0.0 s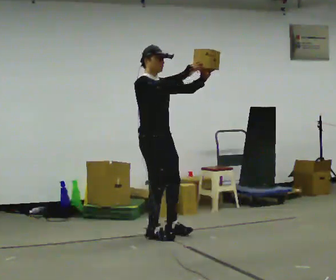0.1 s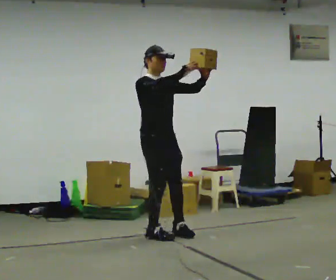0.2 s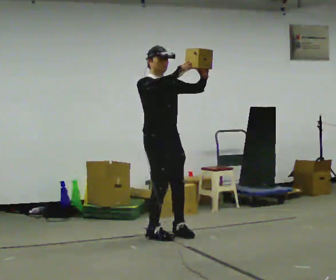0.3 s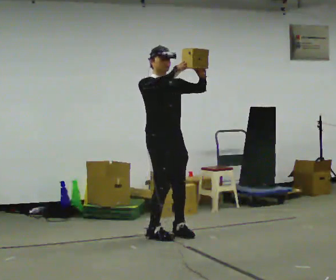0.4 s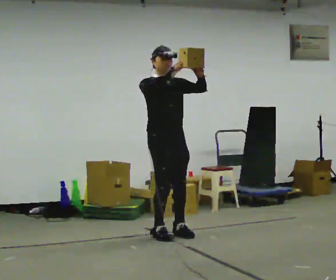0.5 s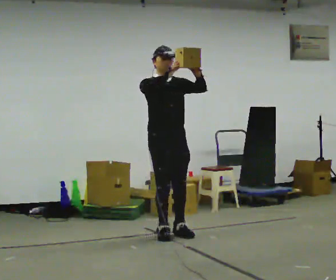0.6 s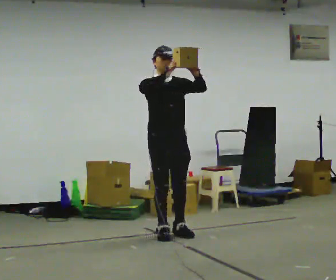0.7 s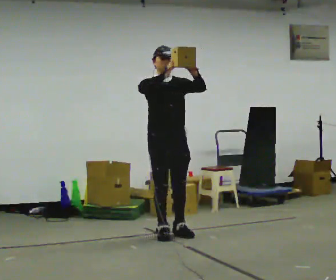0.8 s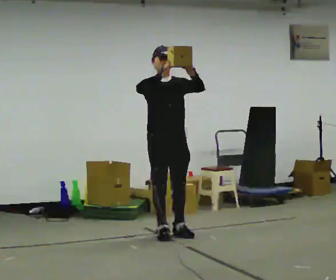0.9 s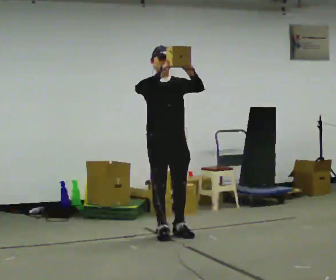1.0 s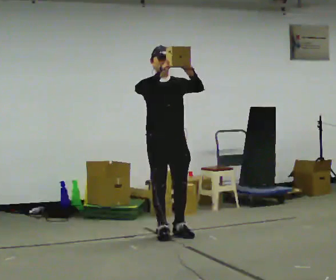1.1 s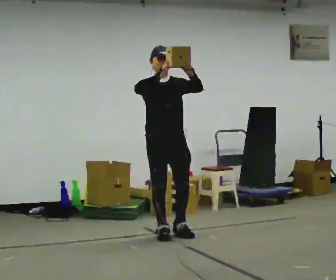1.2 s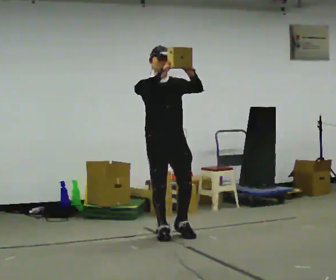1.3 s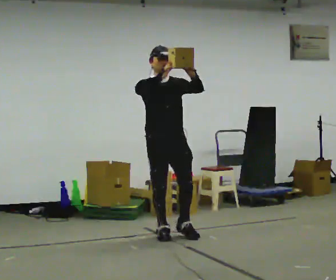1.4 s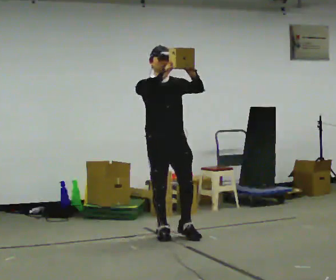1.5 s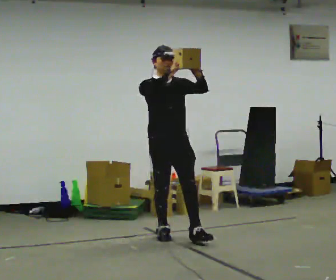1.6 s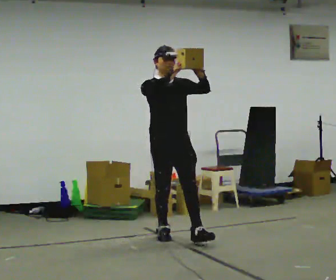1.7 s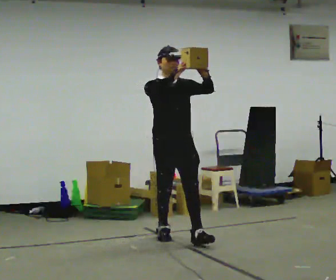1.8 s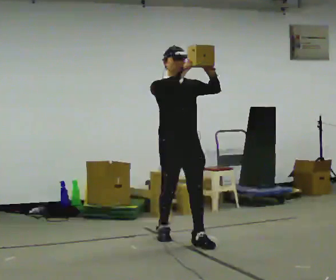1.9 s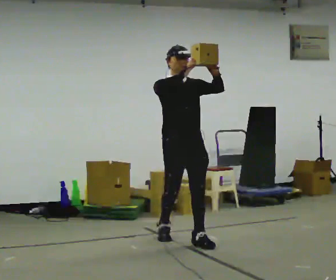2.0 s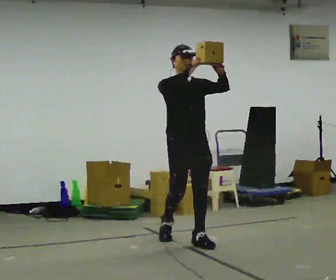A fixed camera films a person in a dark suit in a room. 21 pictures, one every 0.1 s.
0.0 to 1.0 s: The person turns about 45 degrees to their right, clockwise seen from above, so the part of the body nearest the lens slides to the left.
1.0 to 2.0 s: In the picture they go toward the camera and to the right, about 0.25 m in 1 step, which for them is forward.
The film runs forward here.
